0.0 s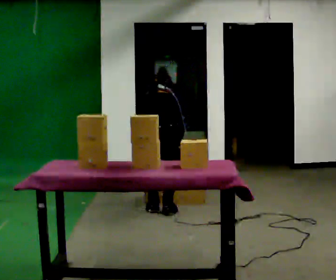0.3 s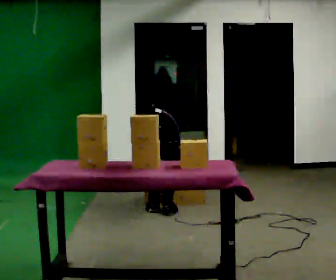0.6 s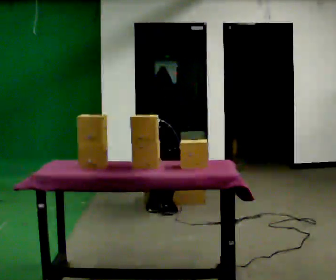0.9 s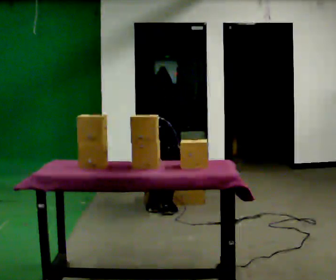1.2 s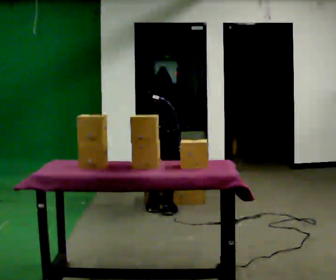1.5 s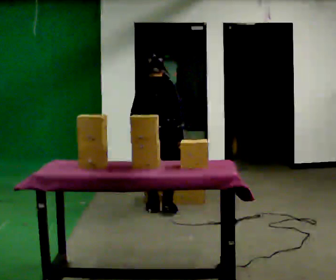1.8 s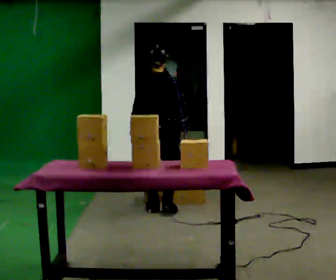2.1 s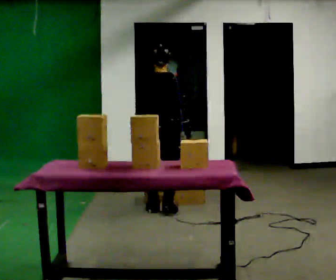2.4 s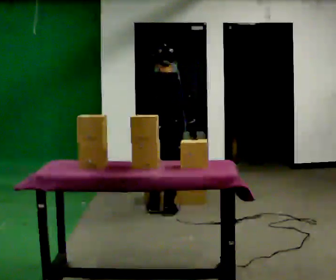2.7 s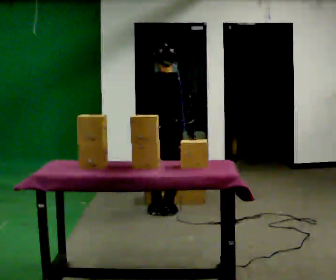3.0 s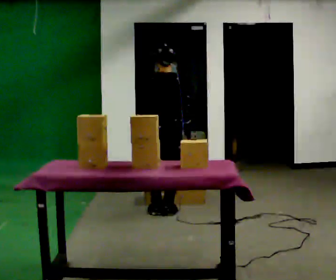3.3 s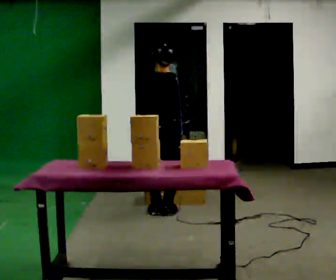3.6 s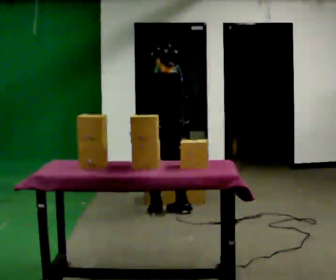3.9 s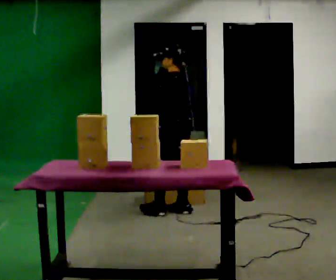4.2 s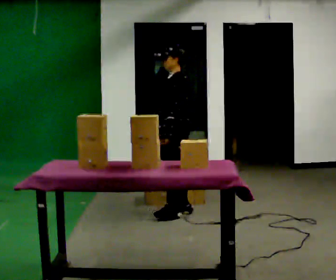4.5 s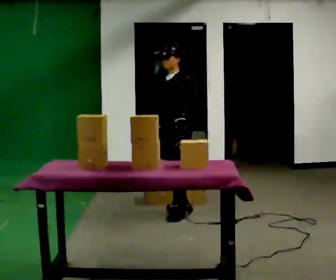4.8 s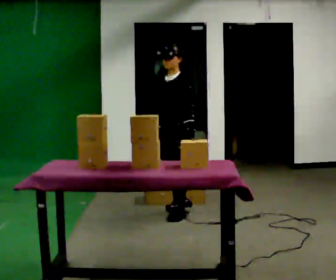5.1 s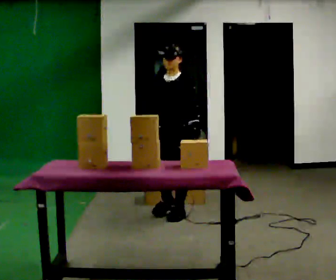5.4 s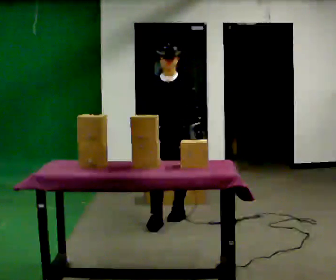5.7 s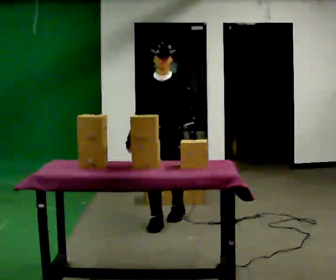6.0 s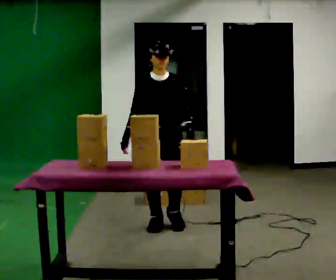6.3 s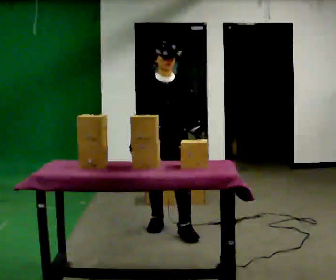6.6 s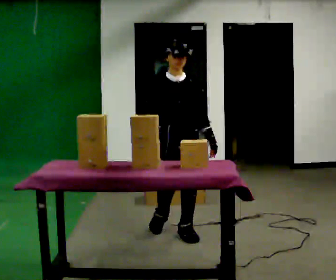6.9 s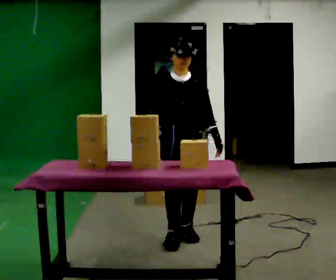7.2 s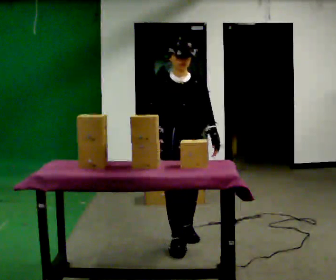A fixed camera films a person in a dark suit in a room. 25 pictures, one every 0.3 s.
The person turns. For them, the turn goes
to their left.
The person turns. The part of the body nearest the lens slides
to the right.
0.0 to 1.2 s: The person moves a little, or ends about where they began.
1.2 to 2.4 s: The upper body goes upward. The upper body tips toward the camera, its near side rolling downward, as they lean back or straighten. In the picture their left hand goes upward.
2.4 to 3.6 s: The part of the body nearest the lens slides to the right as the person turns to their left by about 30 degrees.
3.6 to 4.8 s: The person turns about 105 degrees to their left, counterclockwise seen from above, so the part of the body nearest the lens slides to the right. In the picture their left hand goes to the right, the arm swinging counterclockwise.
4.8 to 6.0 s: The part of the body nearest the lens slides to the right as the person turns to their left by about 45 degrees. In the picture they go toward the camera, about 0.5 m in 1 step, which for them is forward.
6.0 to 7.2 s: In the picture they go toward the camera, about 0.5 m in 2 steps, which for them is forward.
The film runs forward here.
